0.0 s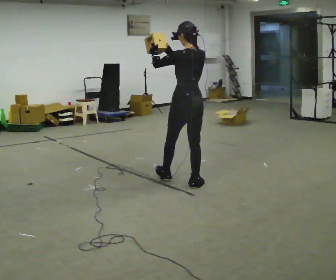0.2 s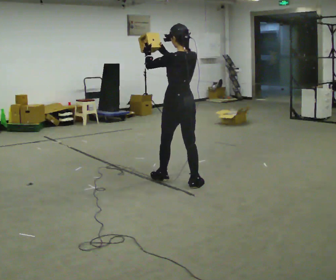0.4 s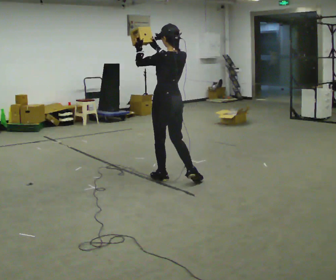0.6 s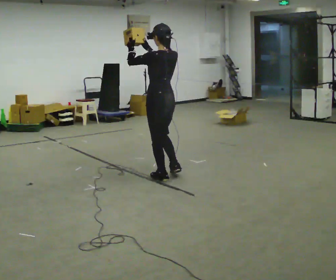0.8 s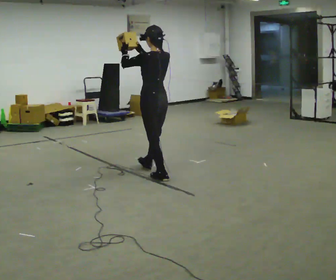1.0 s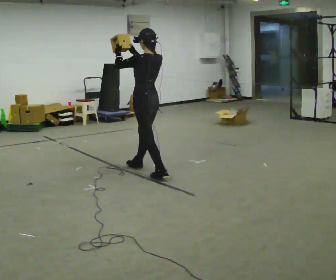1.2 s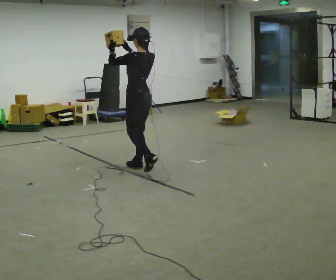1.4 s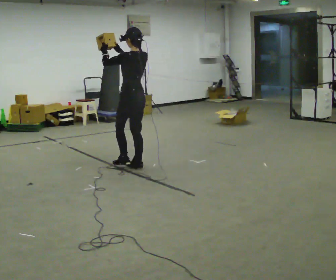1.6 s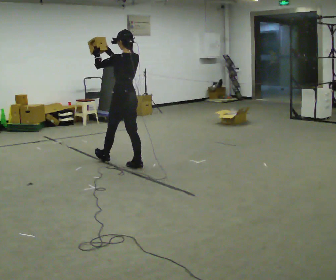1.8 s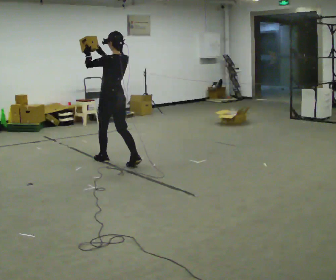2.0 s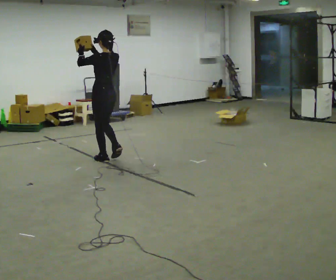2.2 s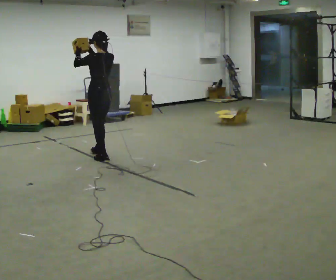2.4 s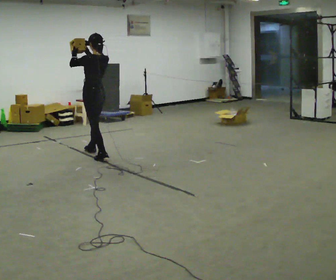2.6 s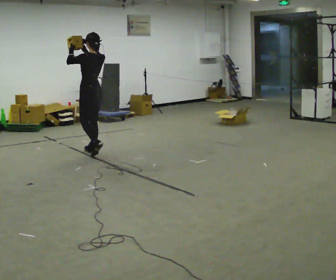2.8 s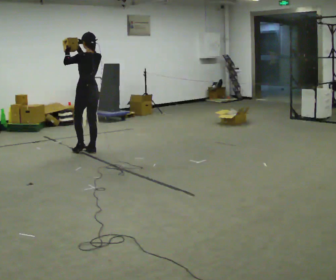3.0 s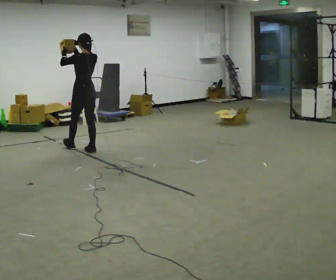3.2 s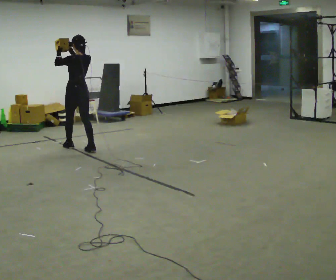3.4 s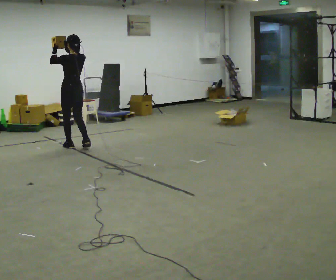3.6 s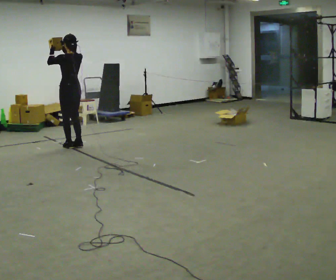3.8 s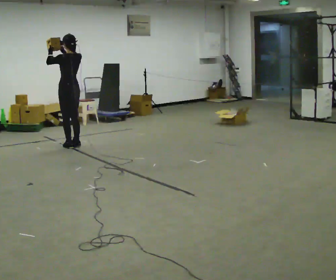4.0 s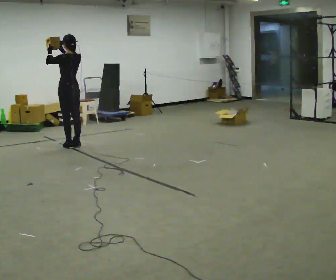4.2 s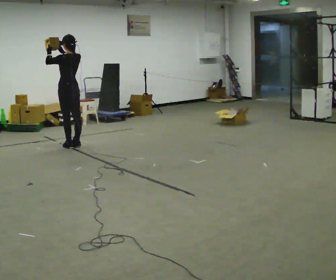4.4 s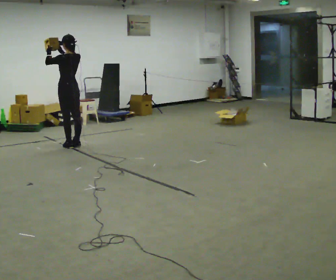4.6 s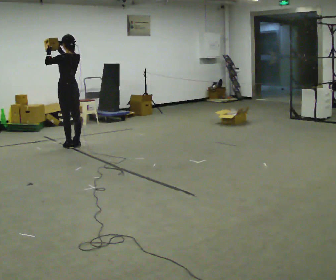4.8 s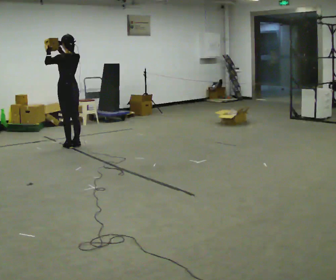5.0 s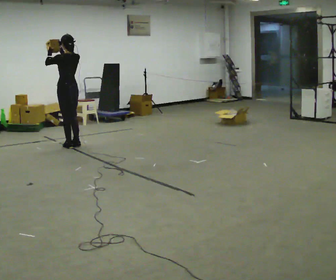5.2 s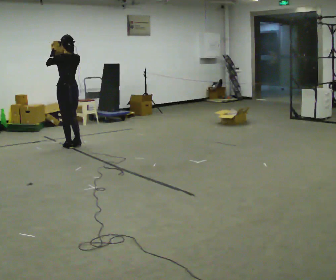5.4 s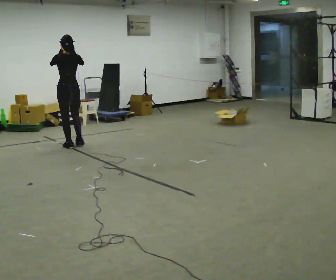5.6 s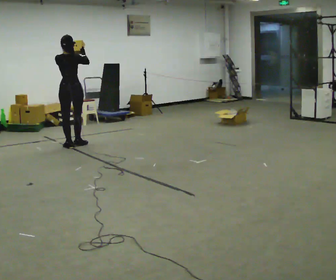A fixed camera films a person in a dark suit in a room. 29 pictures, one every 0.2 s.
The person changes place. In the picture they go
away from the camera.
0.0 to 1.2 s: In the picture they go away from the camera and to the left, about 1 m in 2 steps, which for them is forward.
1.2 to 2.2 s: In the picture they go away from the camera and to the left, about 0.75 m in 1 step, which for them is forward.
2.2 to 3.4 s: In the picture they go away from the camera and to the left, about 0.5 m in 2 steps, which for them is forward.
3.4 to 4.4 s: The person moves a little, or ends about where they began.
4.4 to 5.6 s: The person turns about 45 degrees to their right, clockwise seen from above, so the part of the body nearest the lens slides to the left. In the picture their right hand goes to the right.
The film runs forward here.
